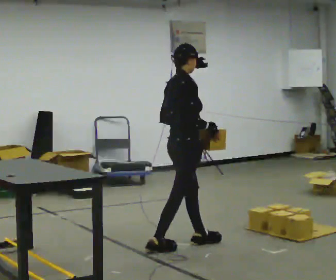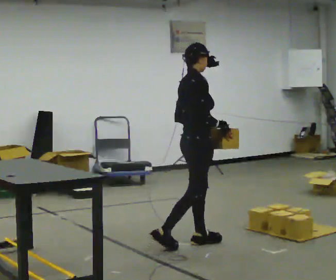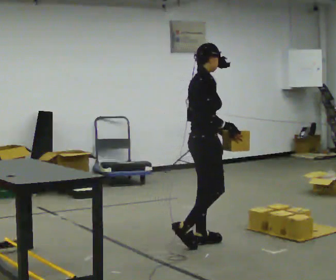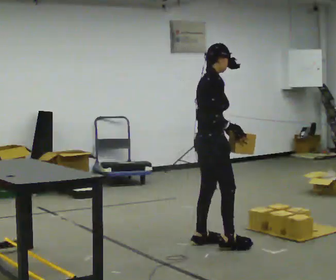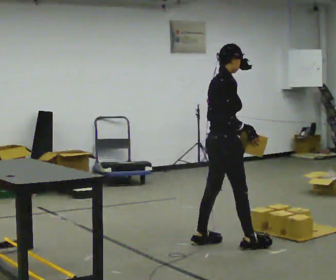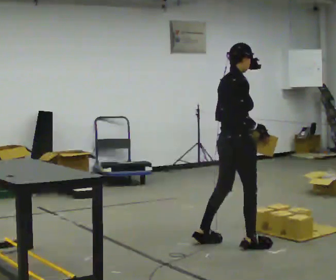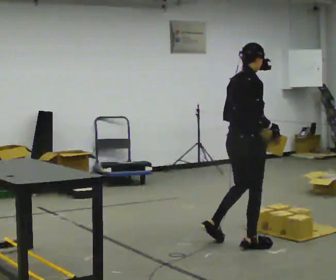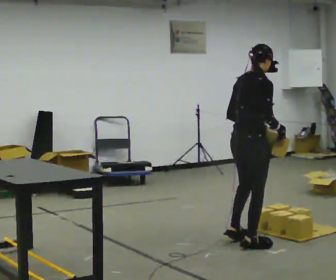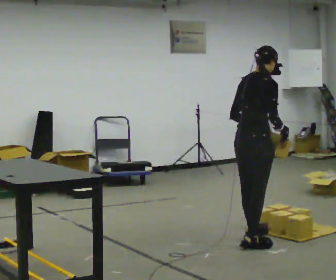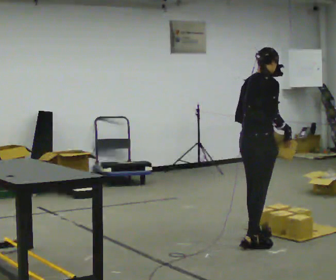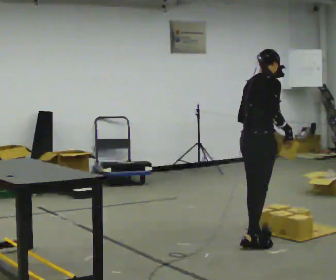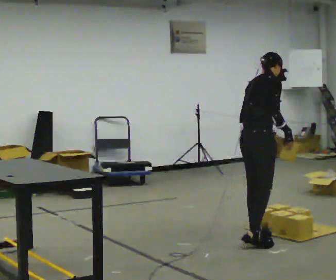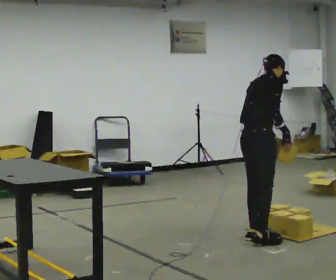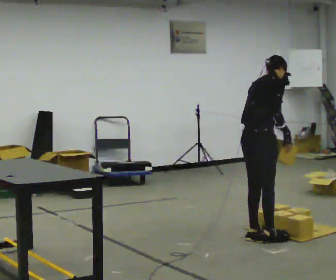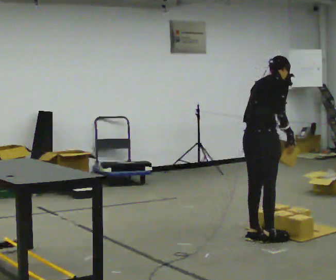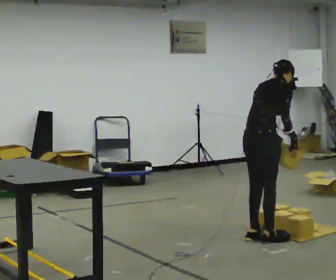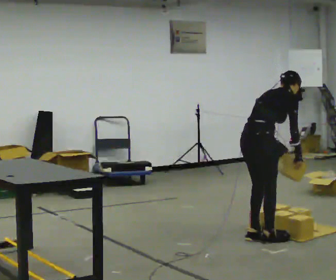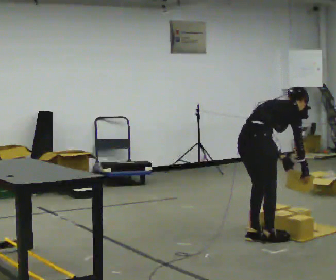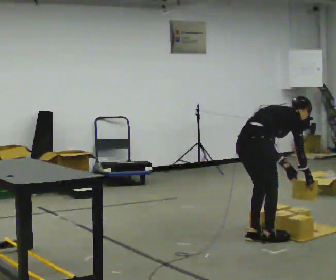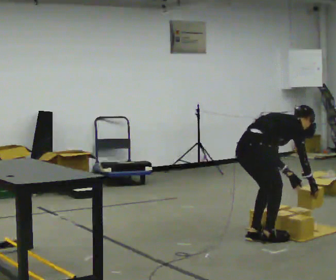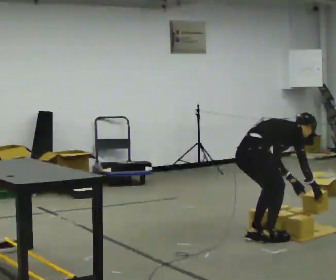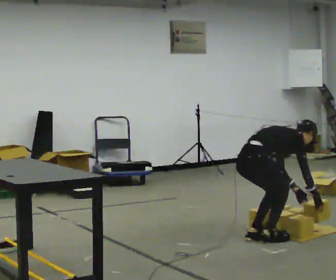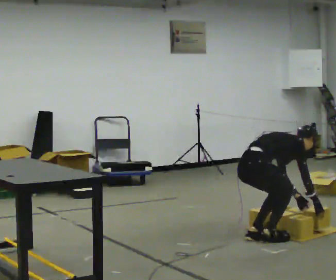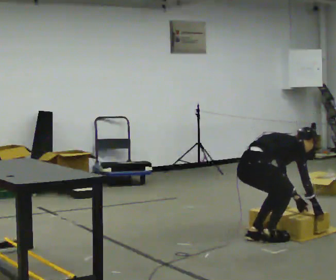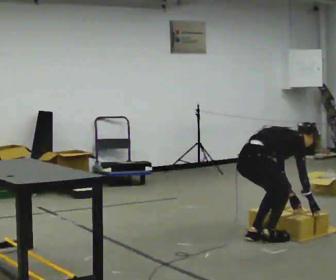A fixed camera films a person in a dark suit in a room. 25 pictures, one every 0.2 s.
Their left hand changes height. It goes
downward.
The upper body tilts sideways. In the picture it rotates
clockwise.
0.0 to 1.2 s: In the picture they go to the right, about 0.5 m in 1 step, which for them is forward.
1.2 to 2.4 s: In the picture they go away from the camera, about 0.25 m in 1 step, which for them is forward and to their left. The upper body tips away from the camera, its near side rolling upward, as they bend forward.
2.4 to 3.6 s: The shoulders move downward. In the picture the upper body tilts clockwise, shoulders to the right, as they bend forward. In the picture their right hand goes downward.
3.6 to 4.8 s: The person moves a little, or ends about where they began.
The film runs forward here.
